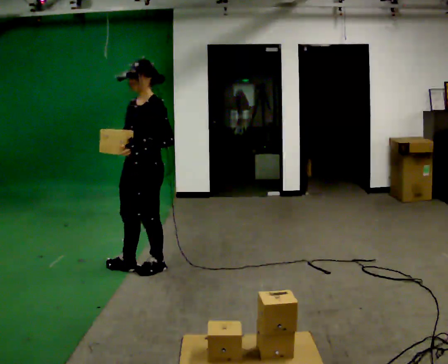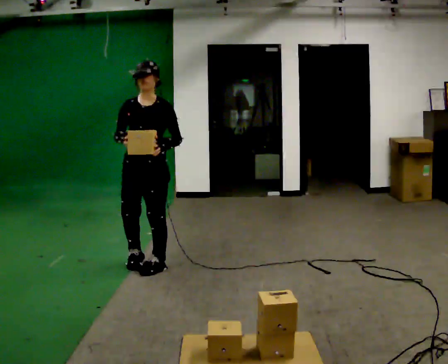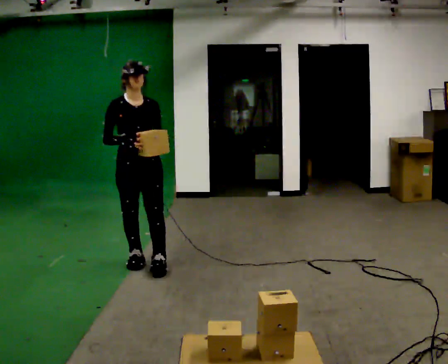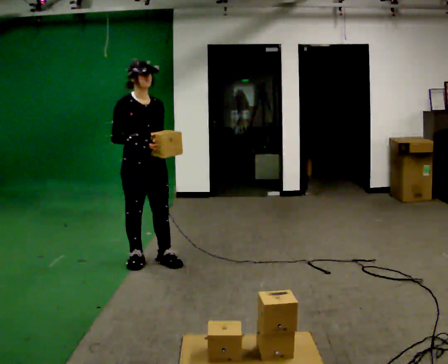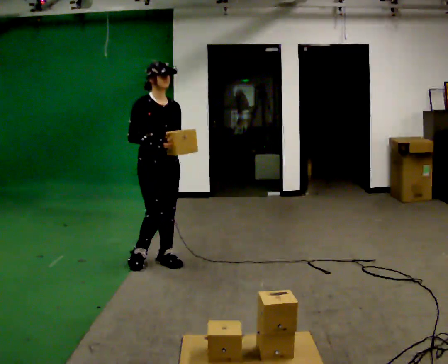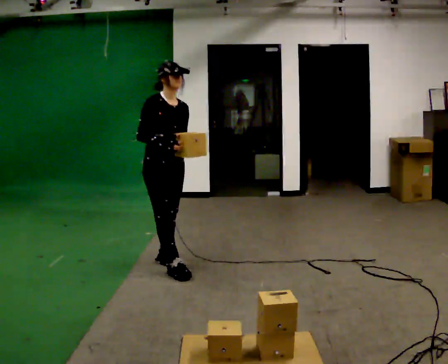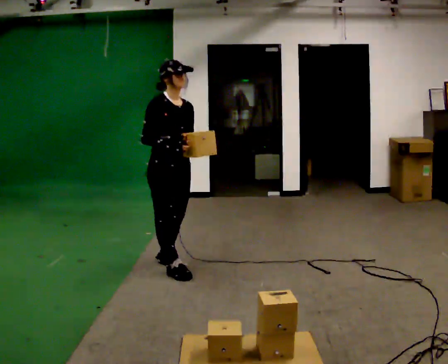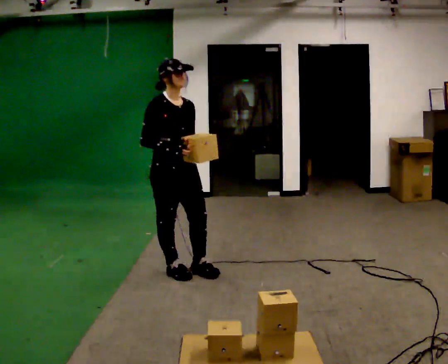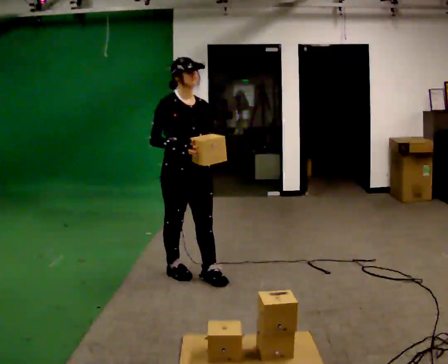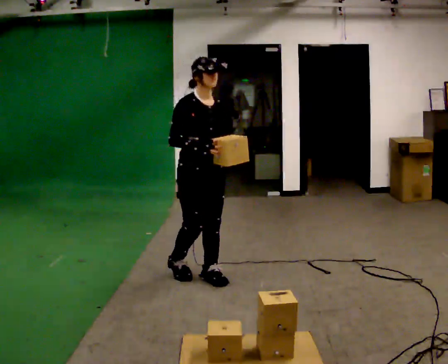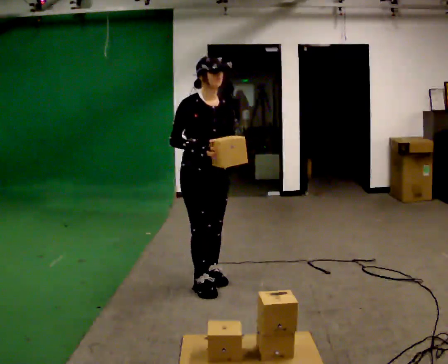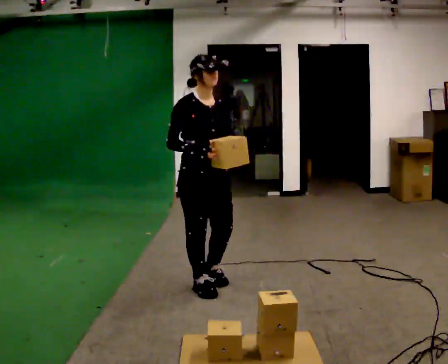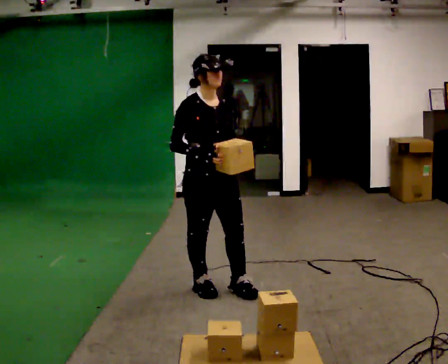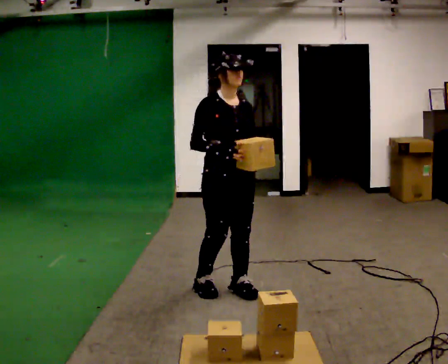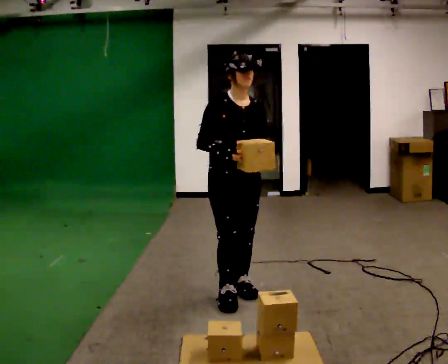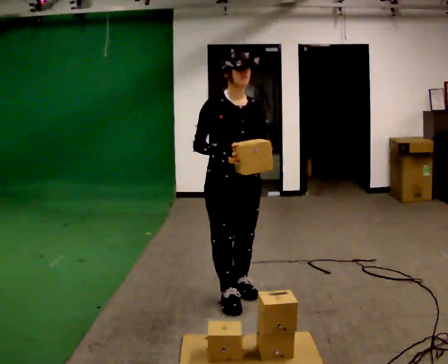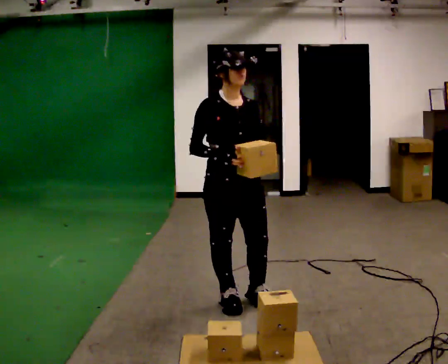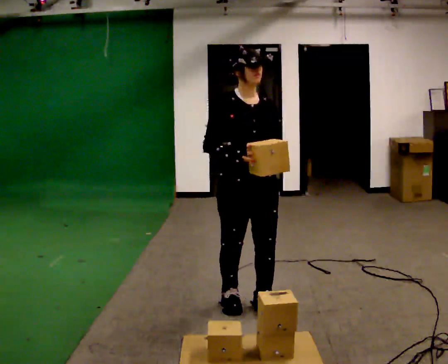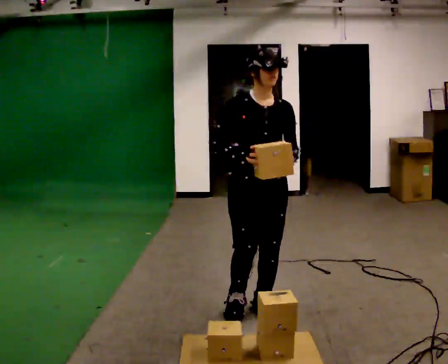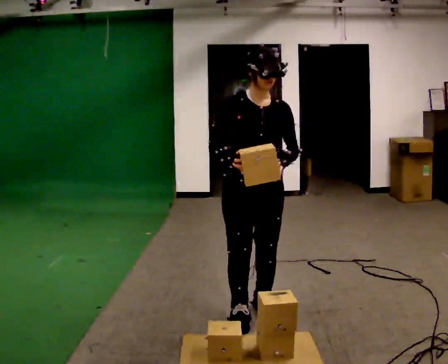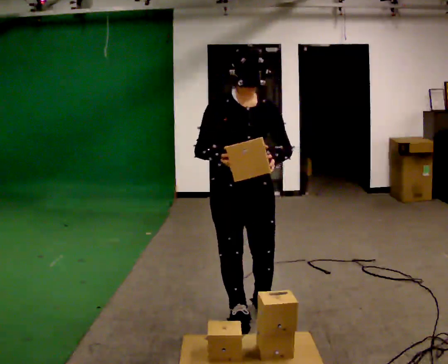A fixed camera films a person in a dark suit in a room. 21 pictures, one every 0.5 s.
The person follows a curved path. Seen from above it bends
clockwise.
0.0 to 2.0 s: Seen from above the body turns counterclockwise, about 90 degrees: to their left, with its near side sliding to the right. In the picture they go away from the camera, about 0.25 m in 2 steps.
2.0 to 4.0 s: In the picture they go toward the camera and to the right, about 0.5 m in 2 steps, which for them is forward.
4.0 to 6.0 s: In the picture they go toward the camera and to the right, about 0.25 m in 2 steps, which for them is forward.
6.0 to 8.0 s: In the picture they go toward the camera and to the right, about 0.25 m in 1 step, which for them is forward.
8.0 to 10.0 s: In the picture they go toward the camera, about 0.25 m in 2 steps, which for them is forward.
The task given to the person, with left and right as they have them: Carry the boxes over one at a time and lay them out on the pallet in the pattern the operator shows you. Keep going until the operator says stop; one object at a time, and do not rush between trips.
The film runs forward here.
